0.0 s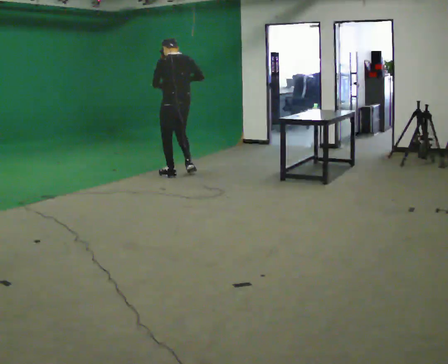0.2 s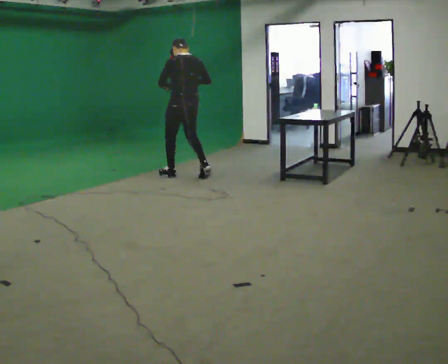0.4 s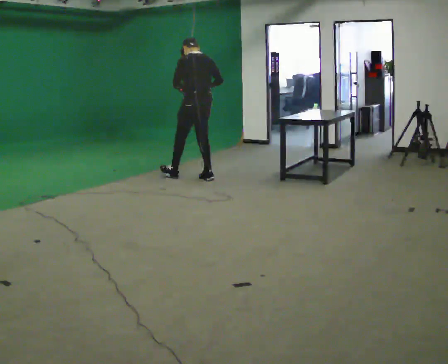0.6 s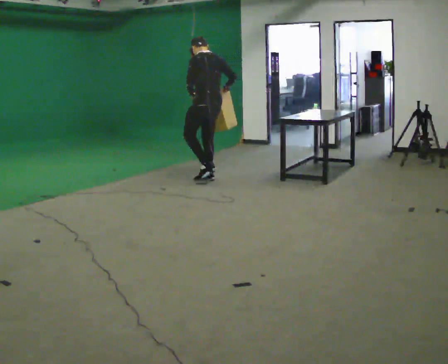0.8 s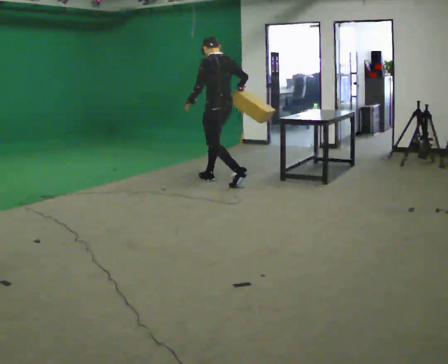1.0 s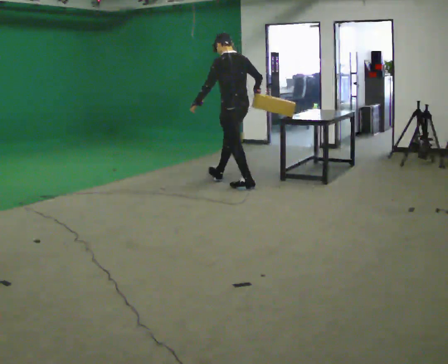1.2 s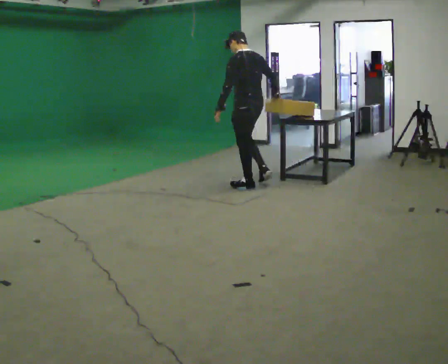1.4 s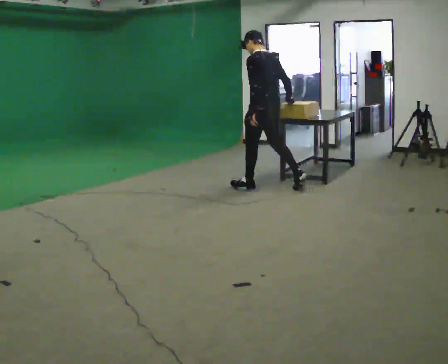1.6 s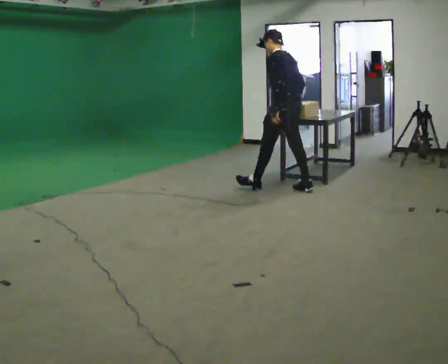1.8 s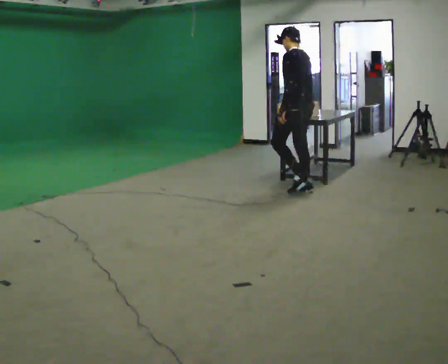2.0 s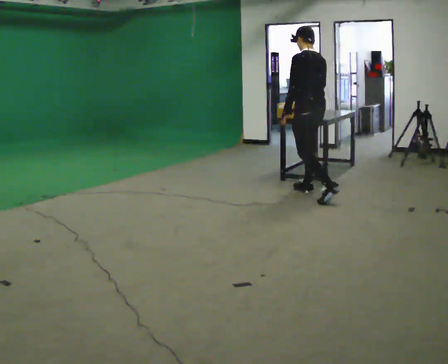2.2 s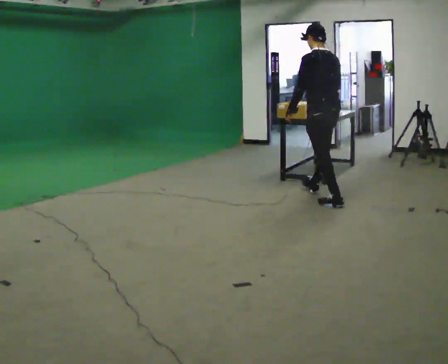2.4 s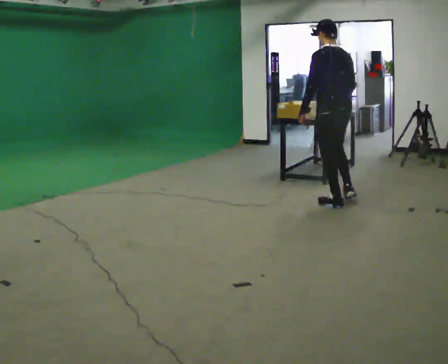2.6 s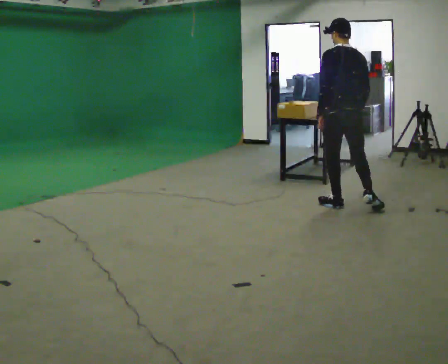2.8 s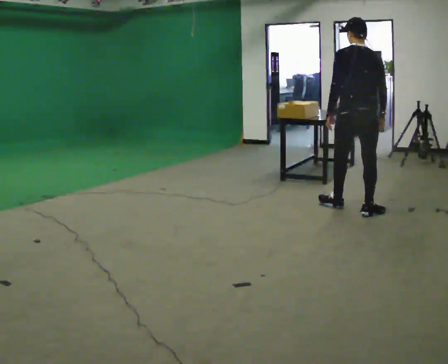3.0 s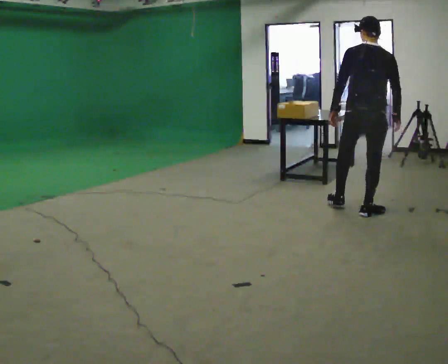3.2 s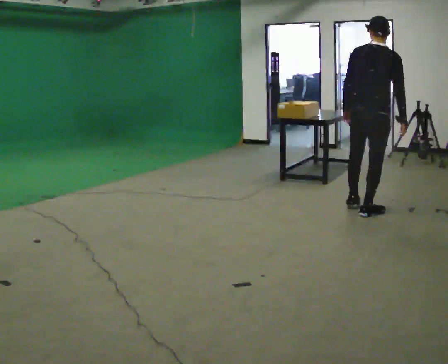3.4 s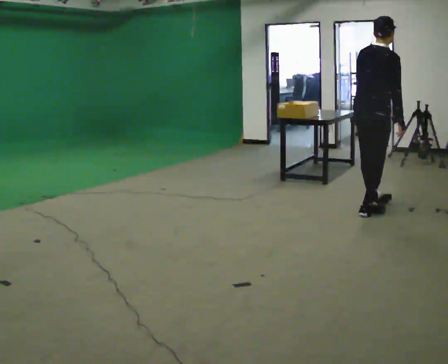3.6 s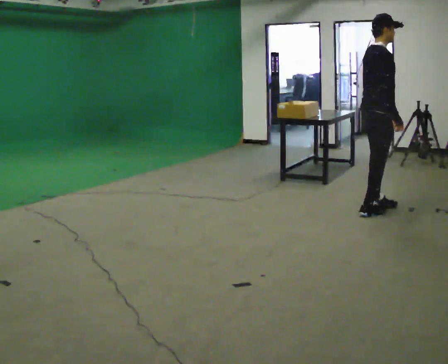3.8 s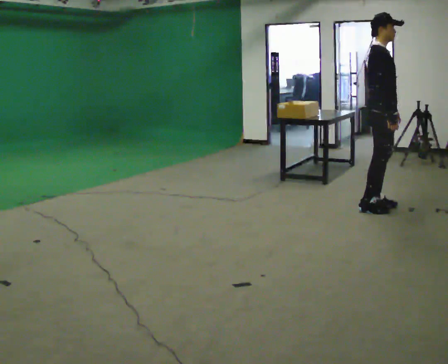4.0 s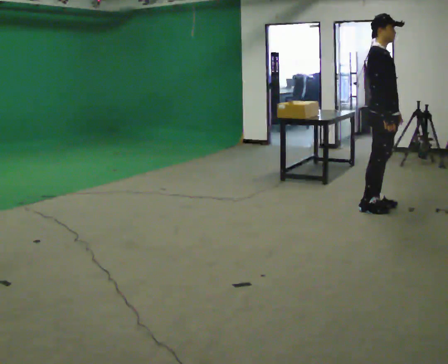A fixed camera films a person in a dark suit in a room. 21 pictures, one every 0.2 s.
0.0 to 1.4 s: In the picture they go to the right and toward the camera, about 1 m in 2 steps, which for them is backward.
1.4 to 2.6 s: The person turns about 30 degrees to their right, clockwise seen from above, so the part of the body nearest the lens slides to the left. In the picture they go to the right and toward the camera, about 1 m in 2 steps, which for them is backward.
2.6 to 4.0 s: The part of the body nearest the lens slides to the left as the person turns to their right by about 135 degrees. In the picture they go to the right, about 0.25 m in 2 steps.
The film runs backward here.
